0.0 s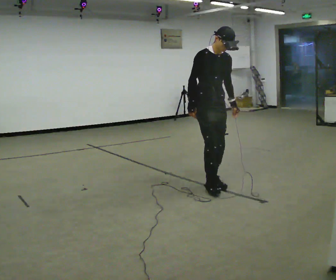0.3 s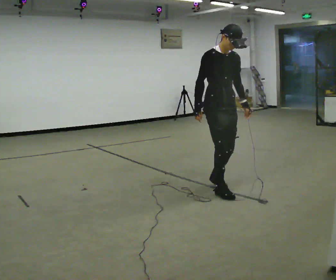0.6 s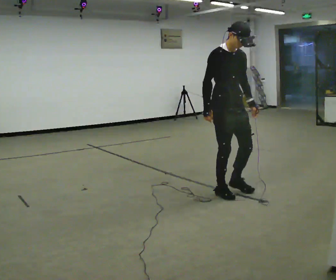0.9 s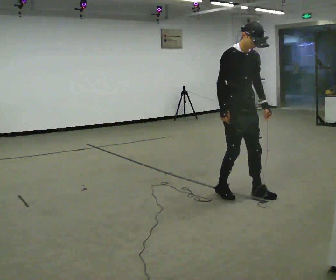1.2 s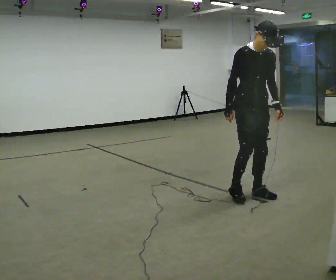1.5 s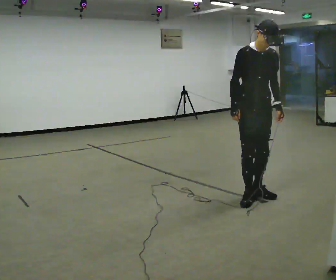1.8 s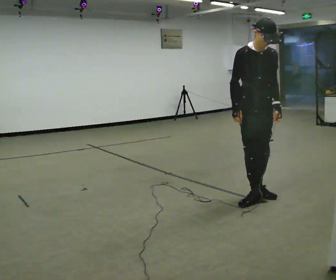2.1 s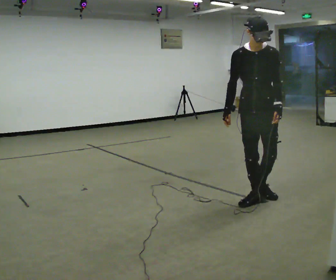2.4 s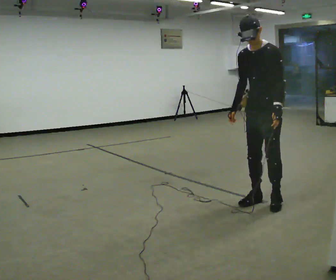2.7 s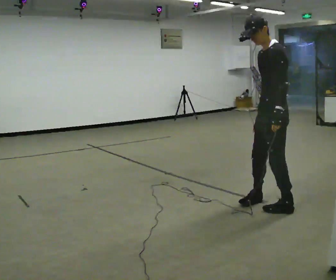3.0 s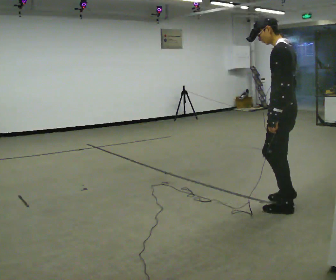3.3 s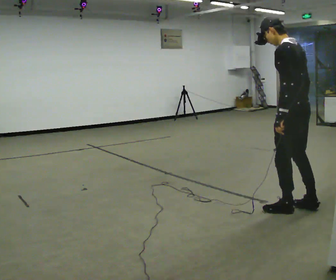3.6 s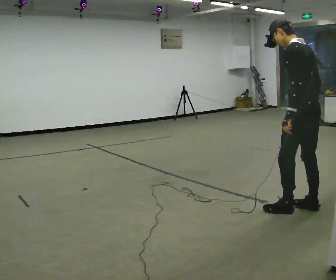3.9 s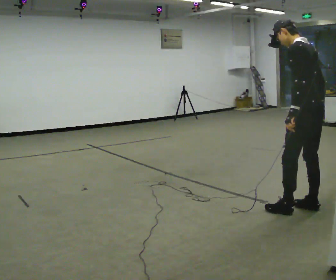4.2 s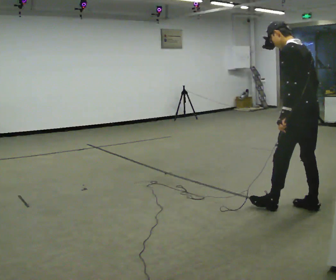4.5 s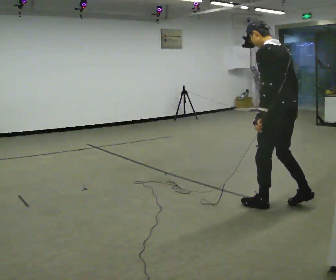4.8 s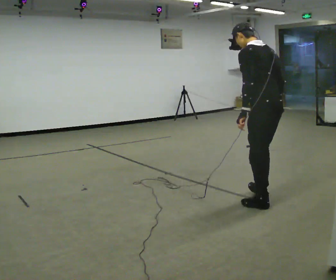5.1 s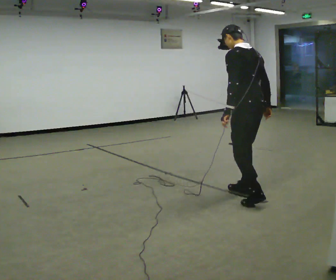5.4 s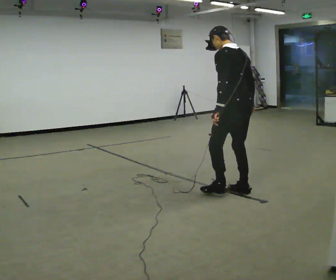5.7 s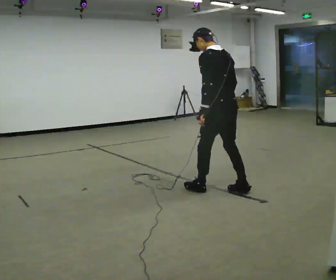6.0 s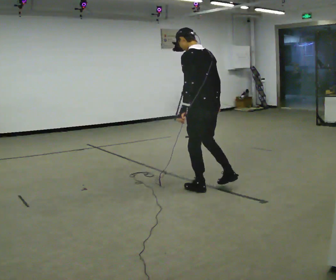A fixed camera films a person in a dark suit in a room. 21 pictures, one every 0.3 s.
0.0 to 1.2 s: In the picture they go to the right and toward the camera, about 0.5 m in 2 steps, which for them is forward.
1.2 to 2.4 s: The part of the body nearest the lens slides to the left as the person turns to their right by about 60 degrees. In the picture they go toward the camera and to the right, about 0.25 m in 1 step. In the picture the upper body tilts counterclockwise, shoulders to the left.
2.4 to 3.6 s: The person turns about 90 degrees to their right, clockwise seen from above, so the part of the body nearest the lens slides to the left. In the picture they go to the right and toward the camera, about 0.5 m in 1 step.
3.6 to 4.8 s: In the picture they go to the left and away from the camera, about 0.25 m in 2 steps, which for them is forward.
4.8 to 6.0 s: In the picture they go to the left and away from the camera, about 1 m in 2 steps, which for them is forward.
The film runs backward here.
